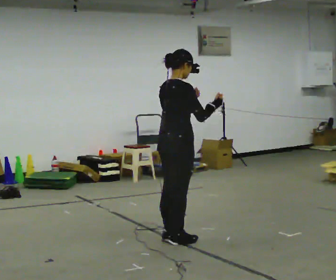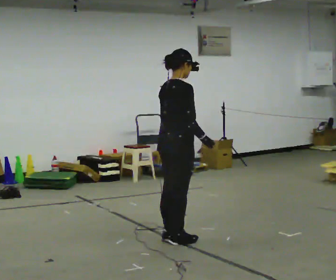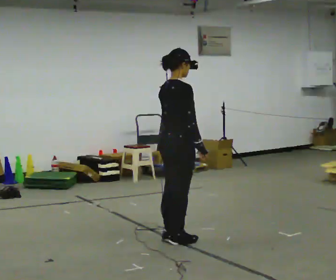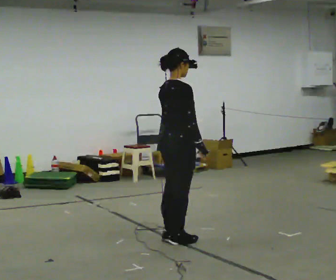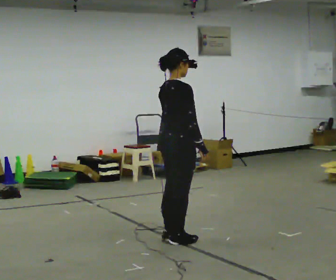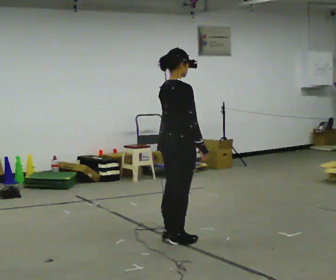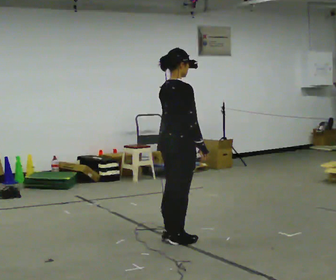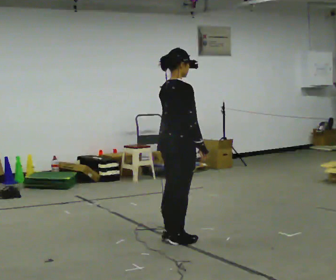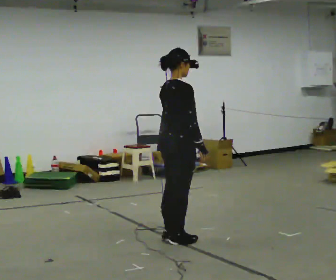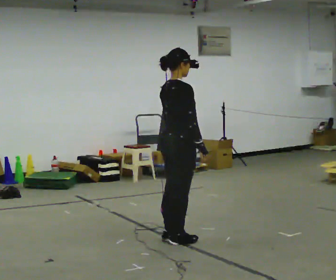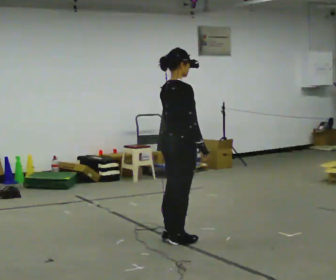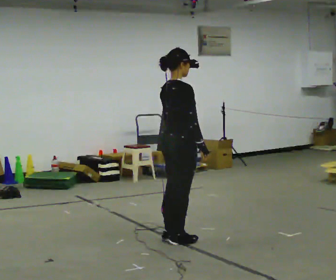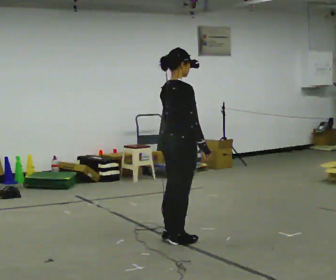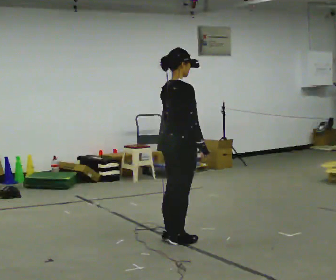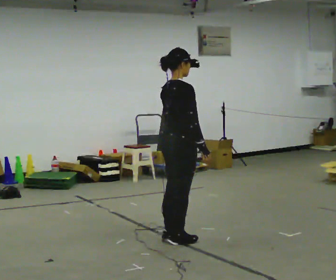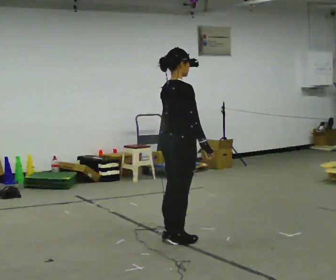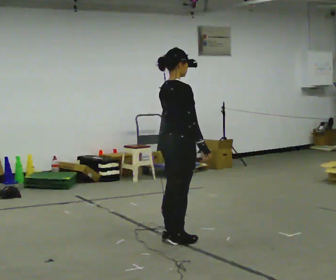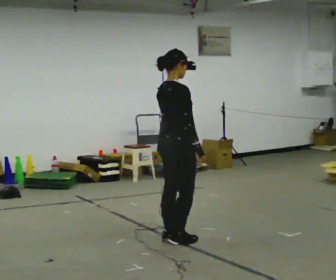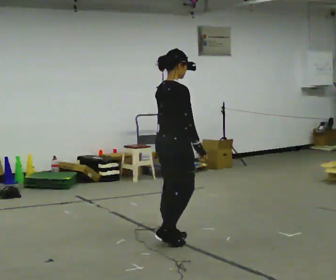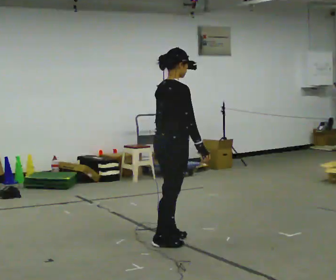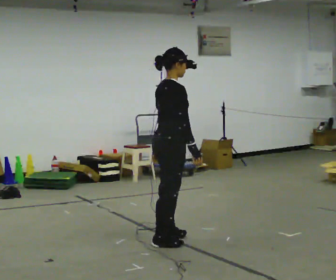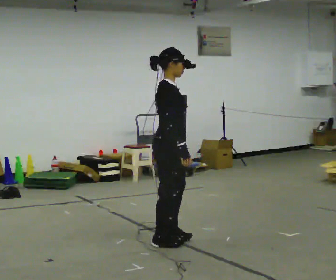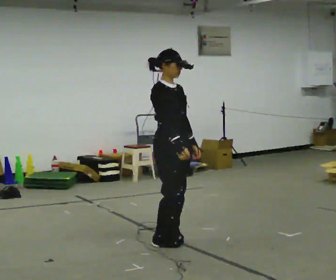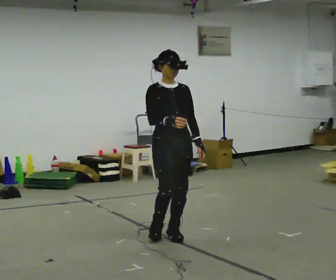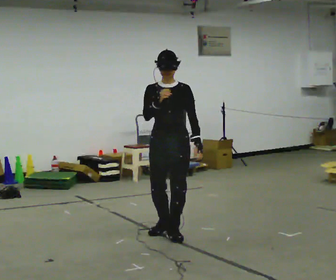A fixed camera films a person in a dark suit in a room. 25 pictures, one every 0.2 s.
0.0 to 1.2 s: In the picture their left hand goes downward.
1.2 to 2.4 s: The person keeps their place and pose.
2.4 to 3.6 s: The person moves a little, or ends about where they began.
3.6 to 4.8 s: The person turns about 120 degrees to their right, clockwise seen from above, so the part of the body nearest the lens slides to the left. In the picture their right hand goes upward.
The film runs backward here.
